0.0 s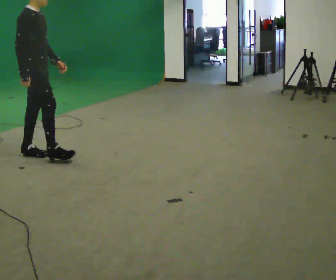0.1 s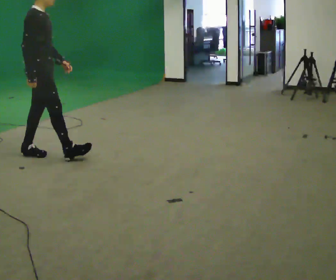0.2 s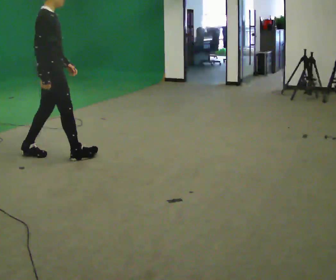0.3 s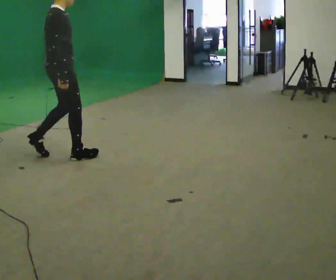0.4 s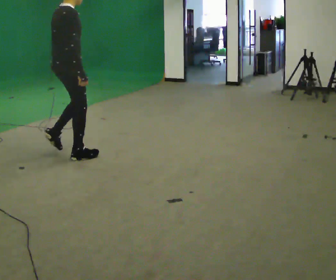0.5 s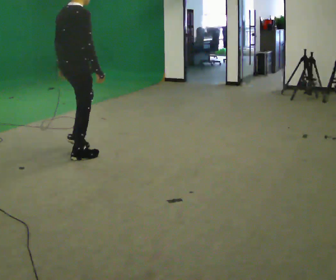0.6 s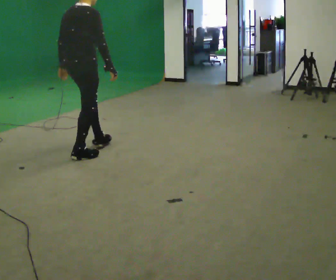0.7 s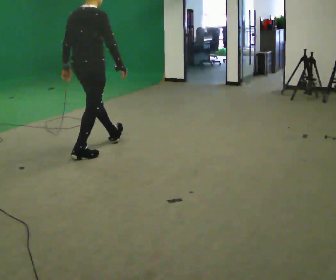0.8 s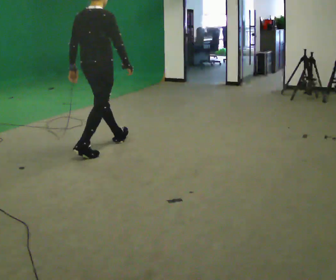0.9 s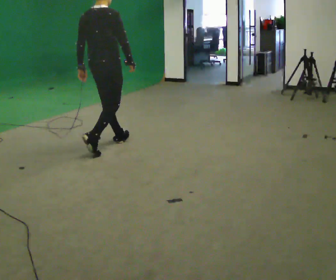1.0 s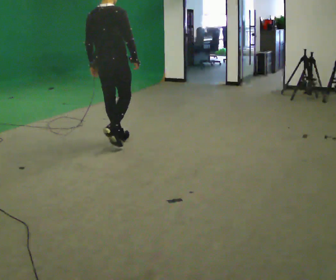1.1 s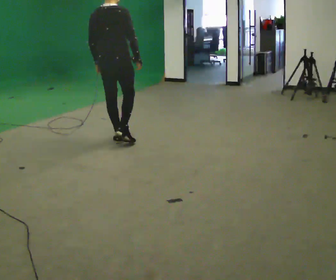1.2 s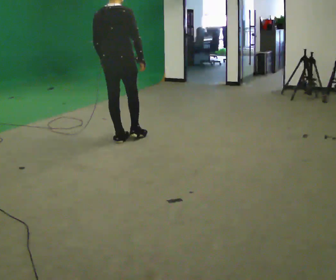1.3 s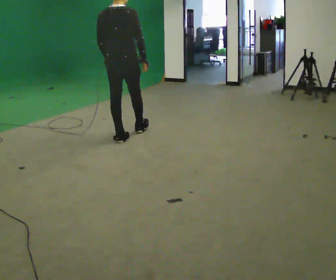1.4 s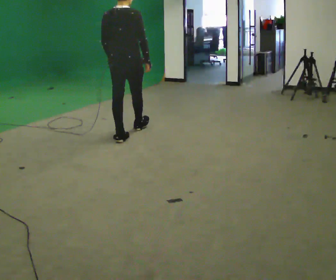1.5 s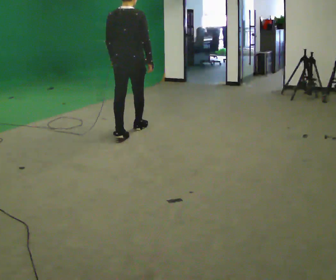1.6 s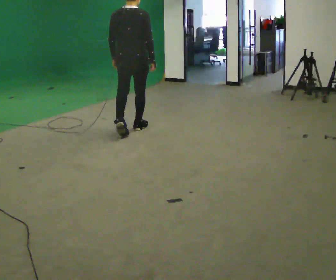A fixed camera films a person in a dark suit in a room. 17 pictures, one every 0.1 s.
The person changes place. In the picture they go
to the right.
The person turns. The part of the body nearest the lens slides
to the right.
0.0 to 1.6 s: The person turns about 75 degrees to their left, counterclockwise seen from above, so the part of the body nearest the lens slides to the right. In the picture they go to the right and away from the camera, about 1.5 m in 3 steps.
The film runs forward here.
